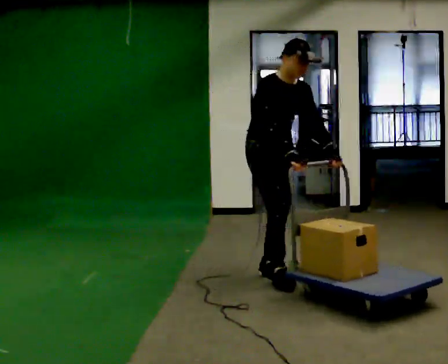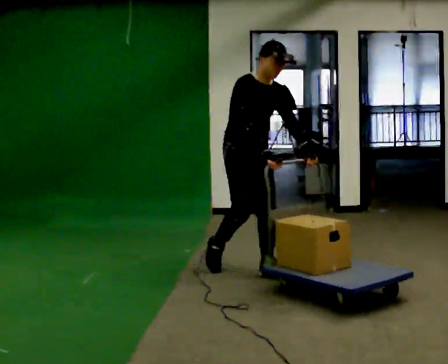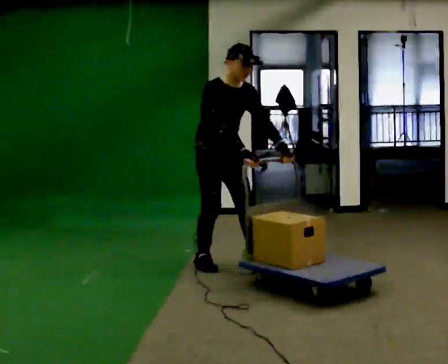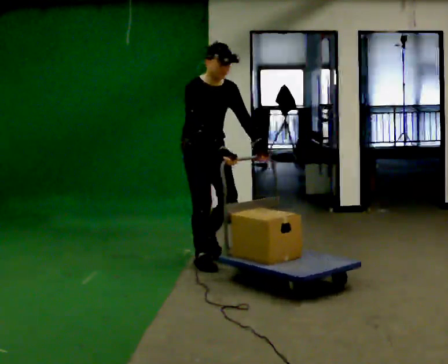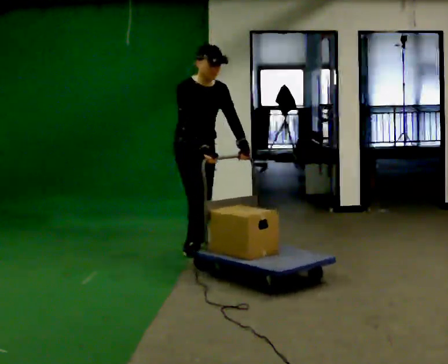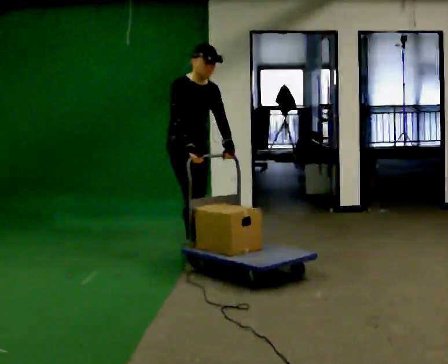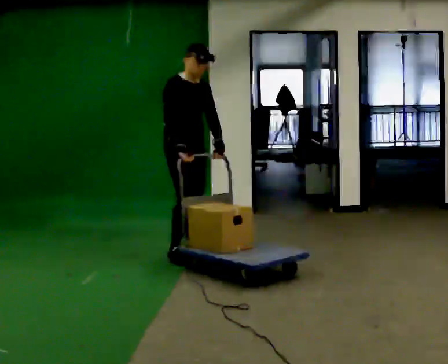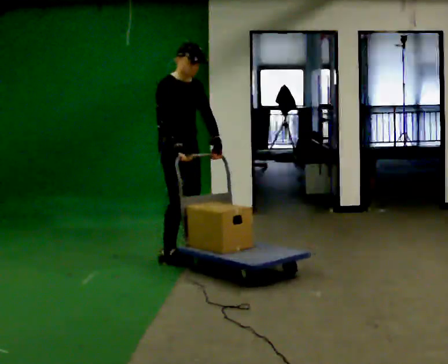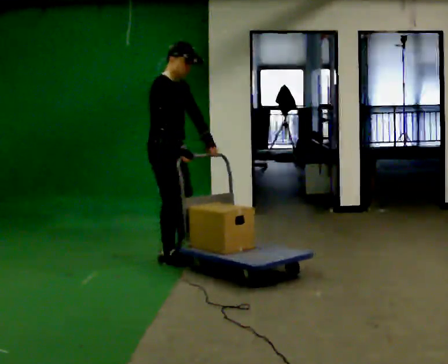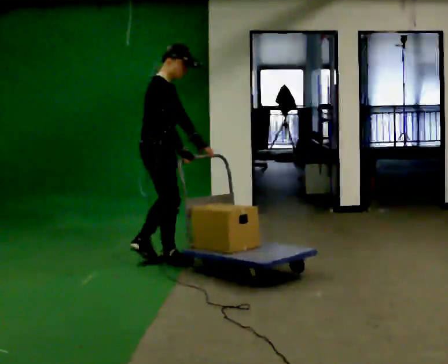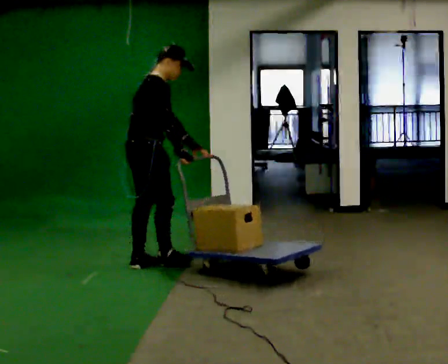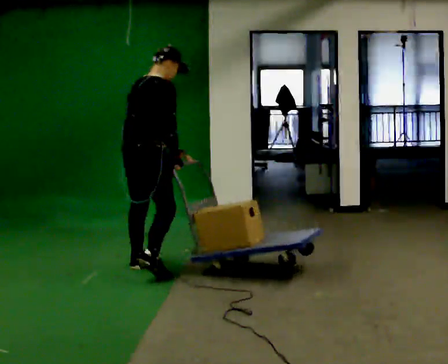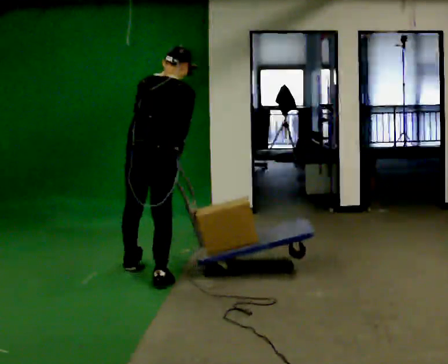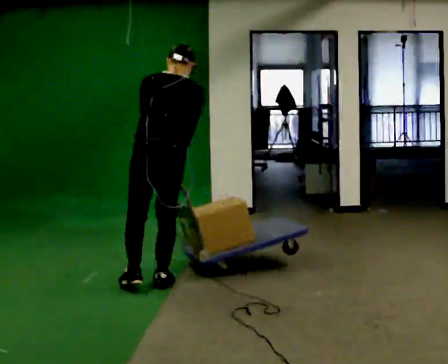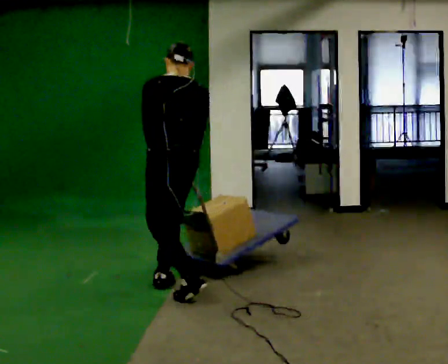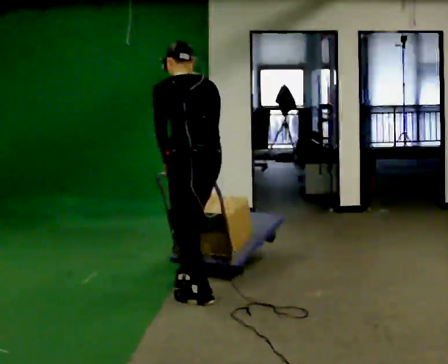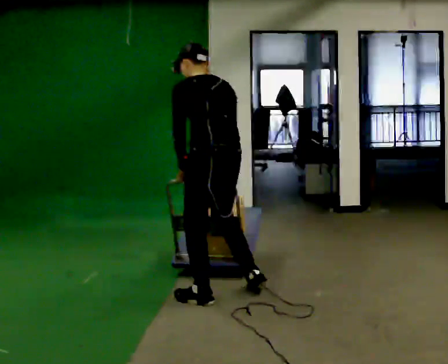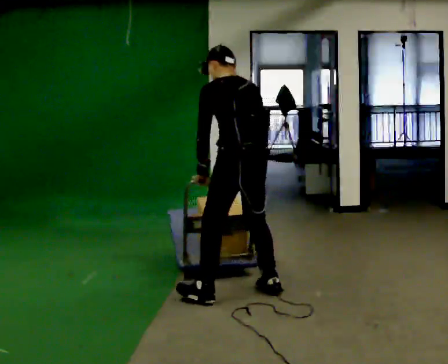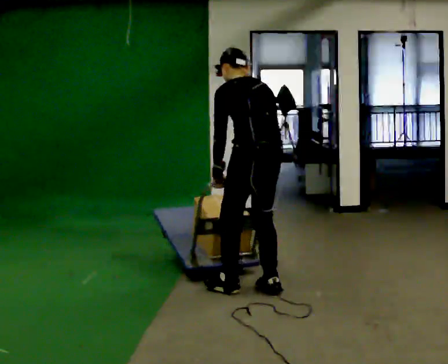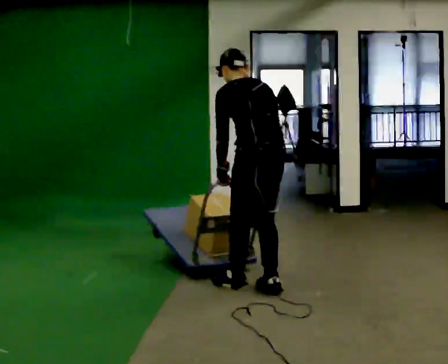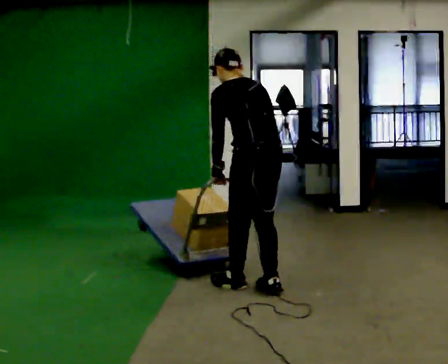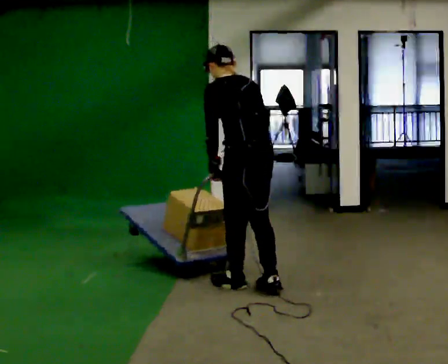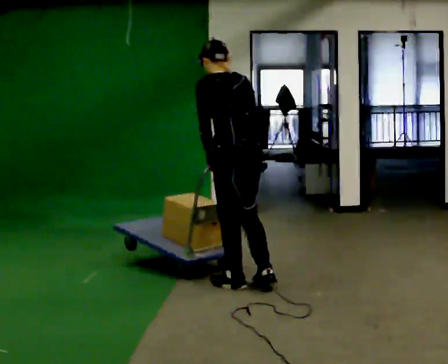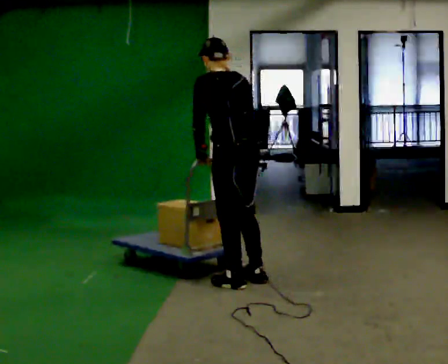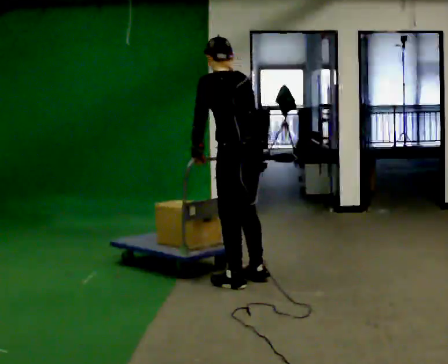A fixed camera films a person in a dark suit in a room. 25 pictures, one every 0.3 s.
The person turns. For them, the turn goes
to their left.
The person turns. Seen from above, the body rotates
counterclockwise.
0.0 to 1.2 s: In the picture they go away from the camera and to the left, about 1 m in 1 step, which for them is backward.
1.2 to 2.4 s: The person turns about 30 degrees to their left, counterclockwise seen from above, so the part of the body nearest the lens slides to the right. In the picture they go to the left, about 0.25 m in 2 steps, which for them is backward and to their right.
2.4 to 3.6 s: The part of the body nearest the lens slides to the right as the person turns to their left by about 90 degrees. In the picture they go toward the camera, about 0.5 m in 2 steps.
3.6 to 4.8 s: The part of the body nearest the lens slides to the right as the person turns to their left by about 60 degrees. In the picture they go toward the camera and to the right, about 0.5 m in 1 step, which for them is backward. In the picture the upper body tilts counterclockwise, shoulders to the left.
4.8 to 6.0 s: In the picture they go to the right and away from the camera, about 0.25 m in 1 step, which for them is to their right.
6.0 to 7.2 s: In the picture they go away from the camera, about 0.25 m in 1 step, which for them is forward.
The film runs backward here.
